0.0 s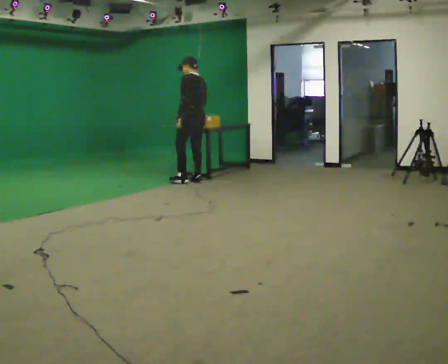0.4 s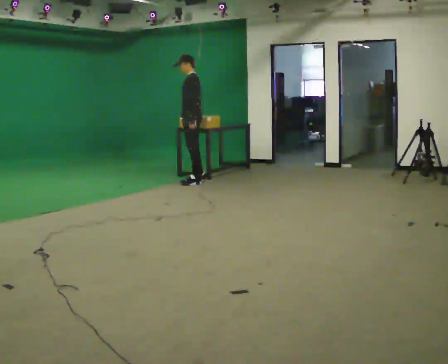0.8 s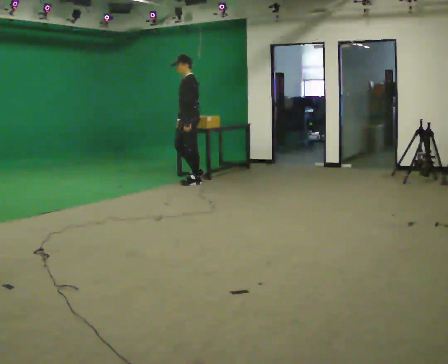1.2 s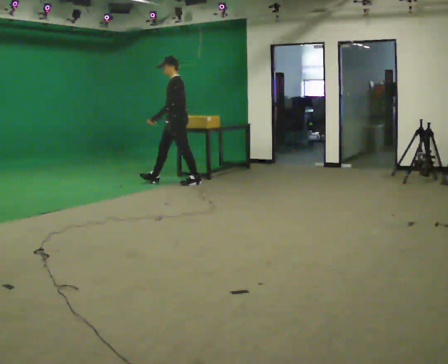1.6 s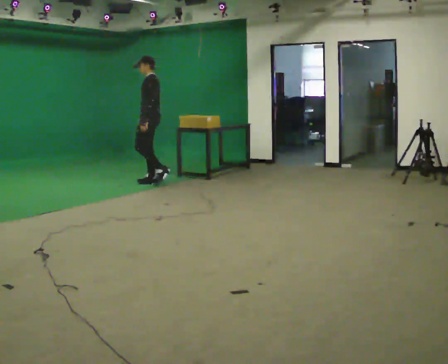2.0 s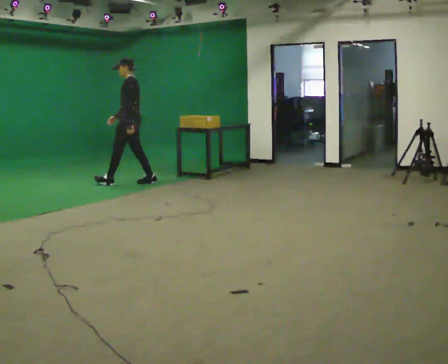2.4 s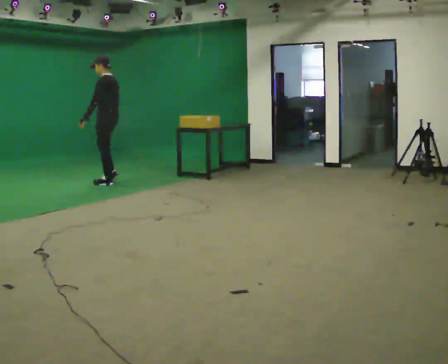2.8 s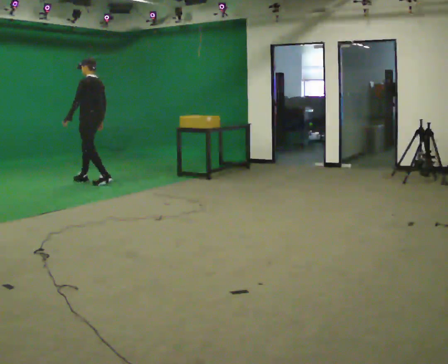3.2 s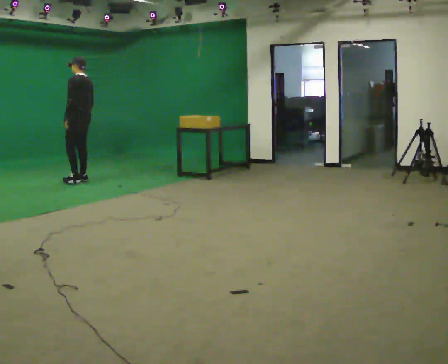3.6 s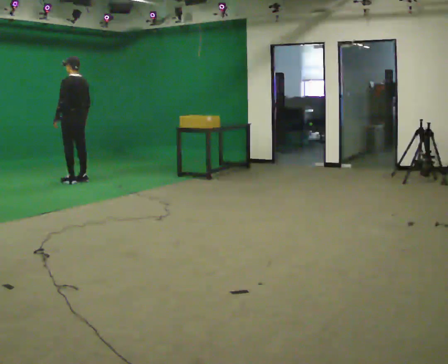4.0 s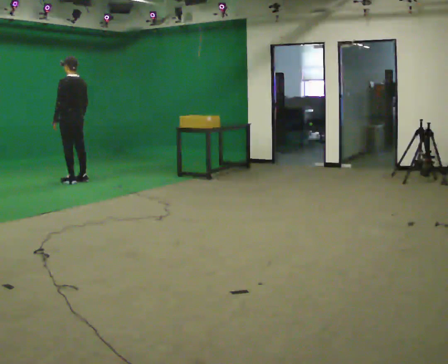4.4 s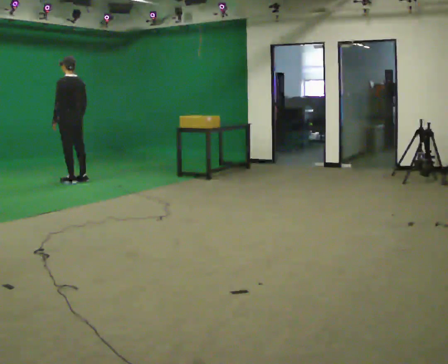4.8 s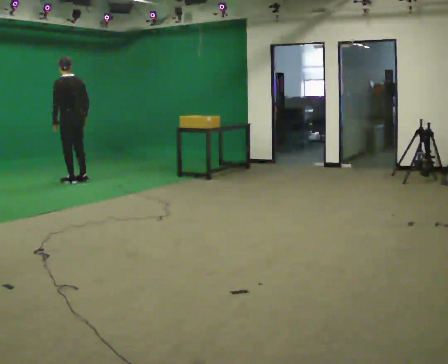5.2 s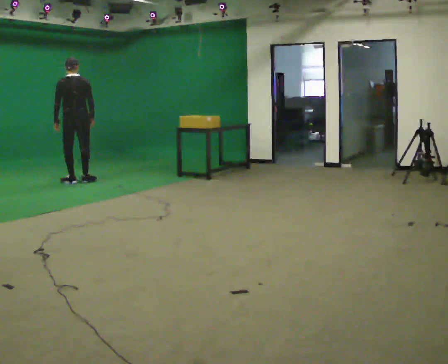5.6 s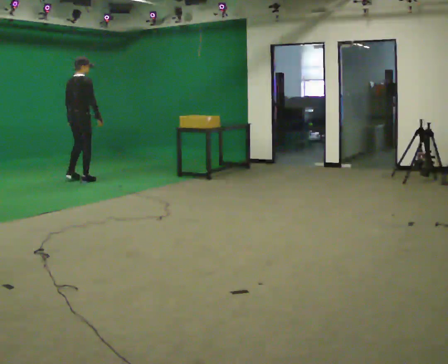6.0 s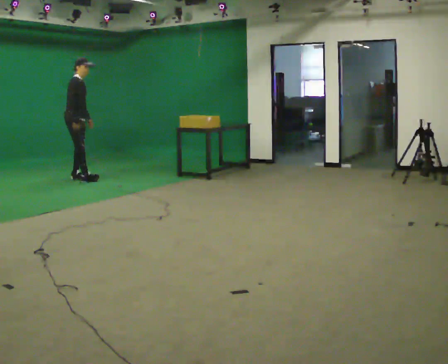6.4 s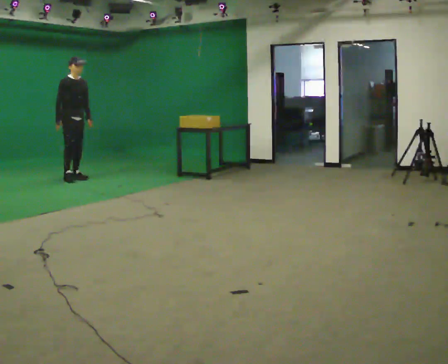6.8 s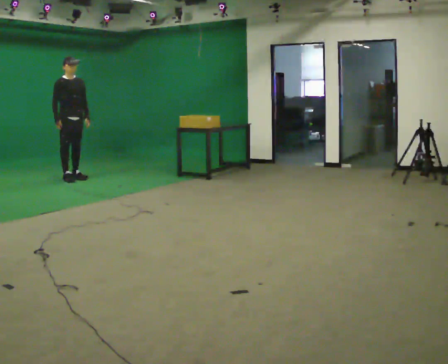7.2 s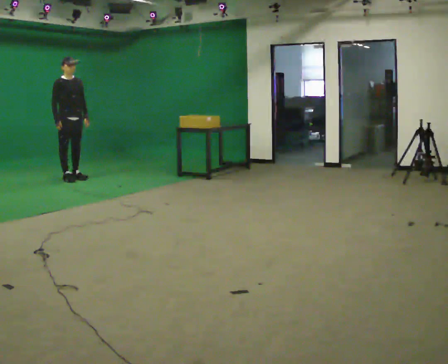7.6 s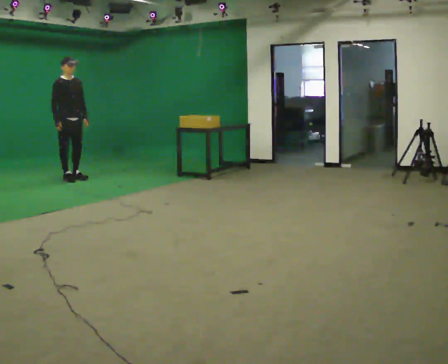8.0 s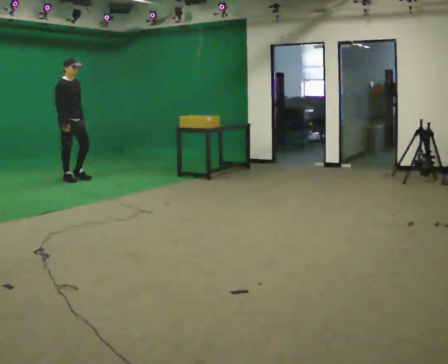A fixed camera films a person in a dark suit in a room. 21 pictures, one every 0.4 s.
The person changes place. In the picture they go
to the left.
0.0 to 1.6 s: Seen from above the body turns counterclockwise, about 45 degrees: to their left, with its near side sliding to the right. In the picture they go to the left, about 0.5 m in 2 steps, which for them is forward.
1.6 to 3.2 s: Seen from above the body turns clockwise, about 30 degrees: to their right, with its near side sliding to the left. In the picture they go to the left, about 1 m in 2 steps, which for them is forward.
3.2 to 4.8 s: The person moves a little, or ends about where they began.
4.8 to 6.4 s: The person turns about 165 degrees to their right, clockwise seen from above, so the part of the body nearest the lens slides to the left. In the picture they go away from the camera, about 0.25 m in 1 step. In the picture their right hand goes to the left.
6.4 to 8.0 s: The person moves a little, or ends about where they began.
The film runs forward here.
